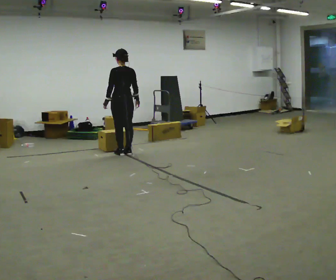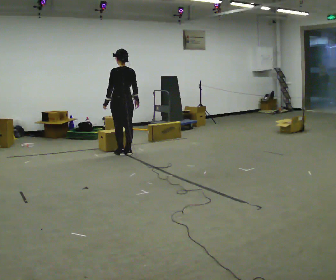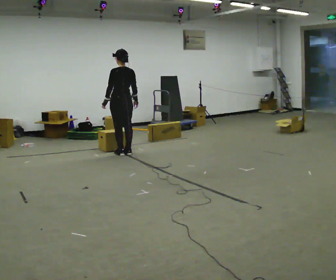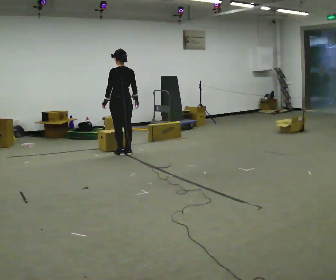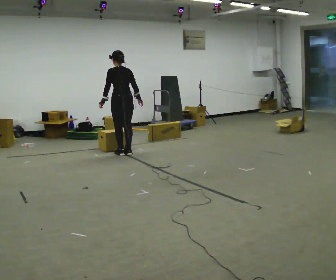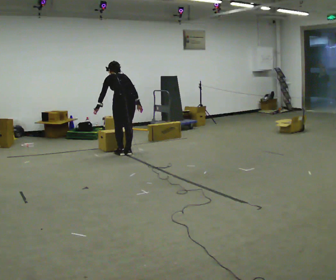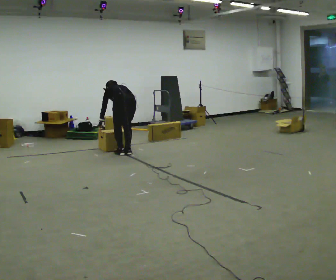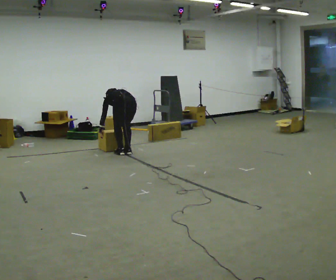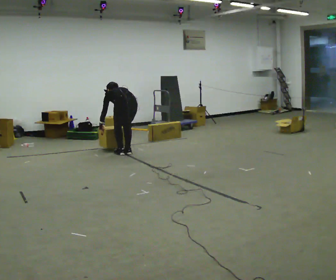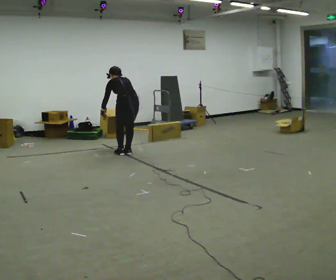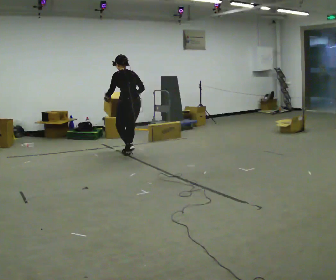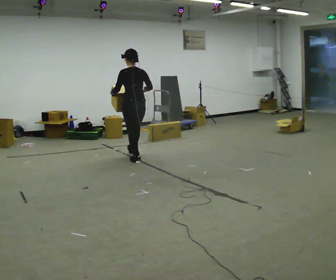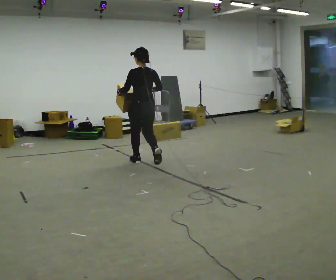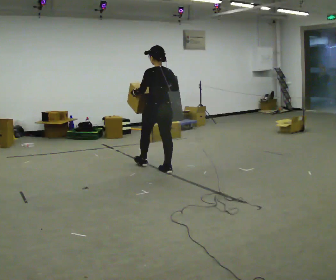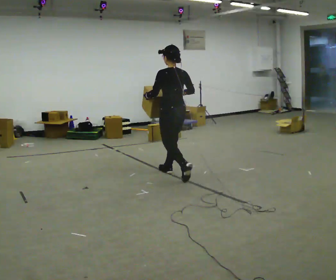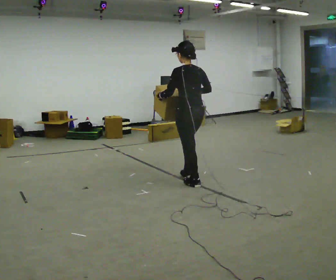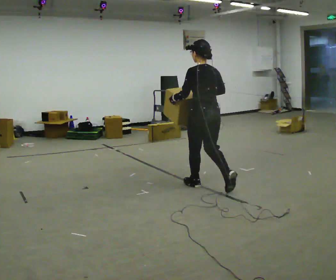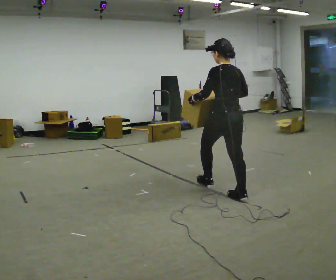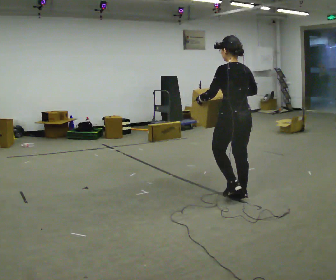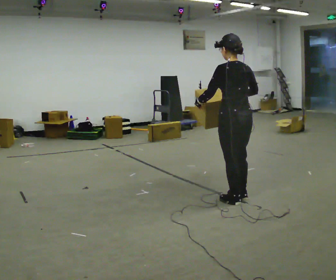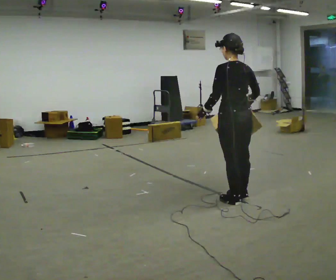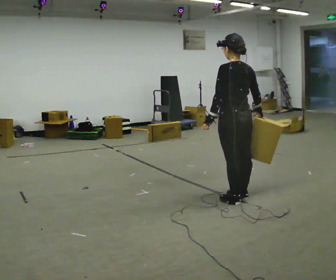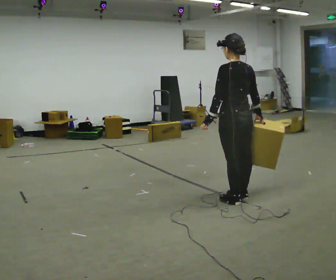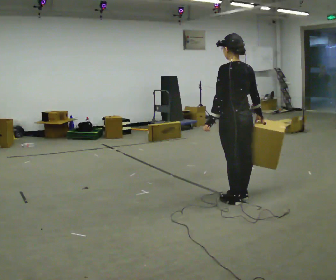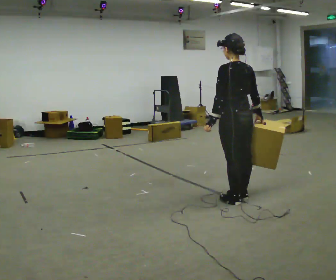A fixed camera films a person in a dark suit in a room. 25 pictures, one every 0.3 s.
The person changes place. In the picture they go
toward the camera.
0.0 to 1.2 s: The person moves a little, or ends about where they began.
1.2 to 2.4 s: The upper body goes downward. The upper body tips away from the camera, its near side rolling upward, as they bend forward. In the picture their right hand goes downward.
2.4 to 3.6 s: In the picture they go toward the camera and to the right, about 0.5 m in 2 steps, which for them is backward. The shoulders move upward. The upper body tips toward the camera, its near side rolling downward, as they lean back or straighten. In the picture their right hand goes upward.
3.6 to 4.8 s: In the picture they go toward the camera and to the right, about 1.5 m in 2 steps, which for them is backward.
4.8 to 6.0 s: In the picture they go toward the camera and to the right, about 0.5 m in 1 step, which for them is backward.
6.0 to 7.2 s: The person moves a little, or ends about where they began.
The film runs backward here.
